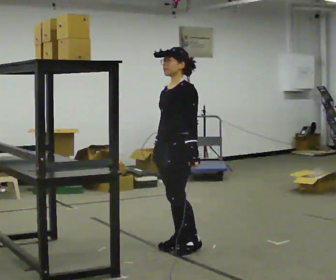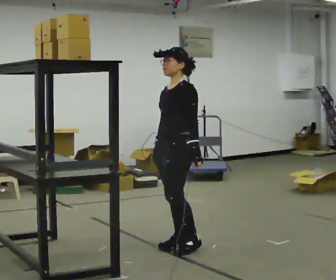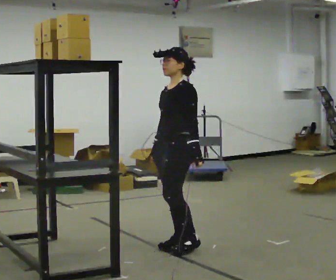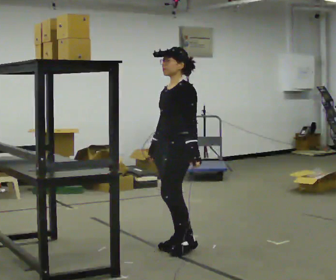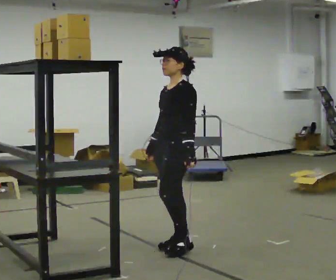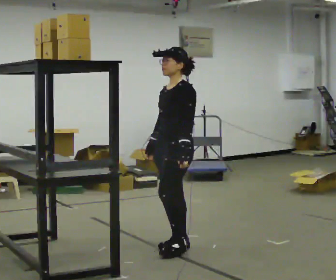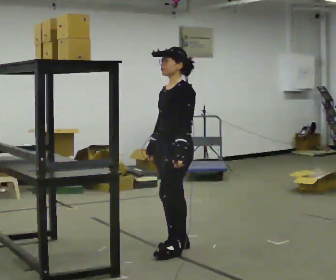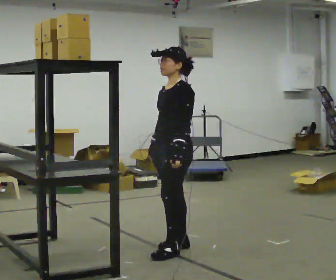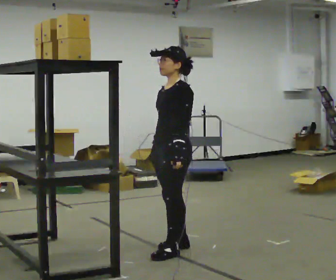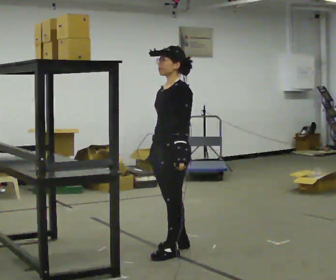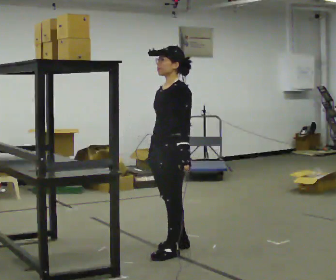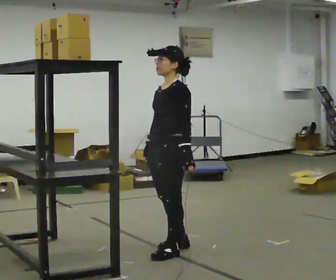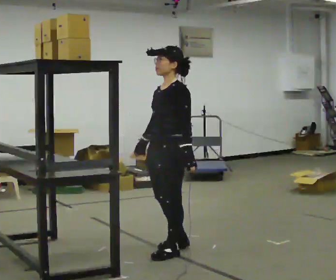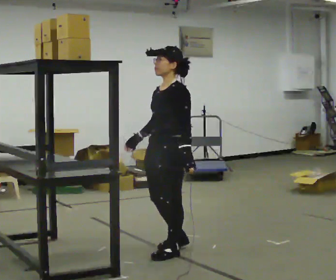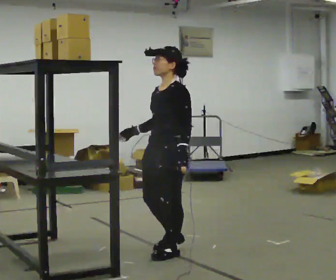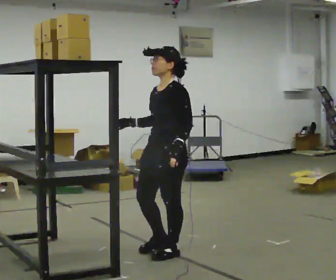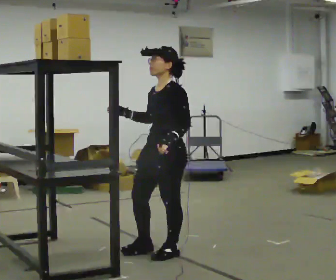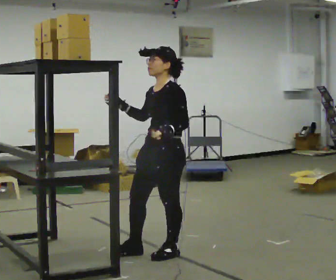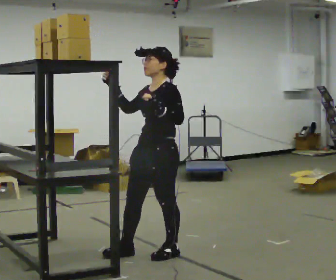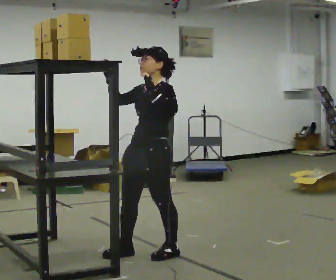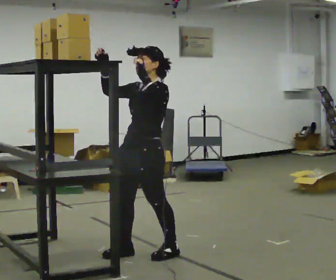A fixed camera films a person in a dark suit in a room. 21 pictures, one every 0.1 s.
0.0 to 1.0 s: The person moves a little, or ends about where they began.
1.0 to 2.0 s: In the picture they go to the left, about 0.25 m in 1 step, which for them is forward. In the picture their right hand goes upward and to the left, the arm swinging clockwise.
The film runs backward here.
